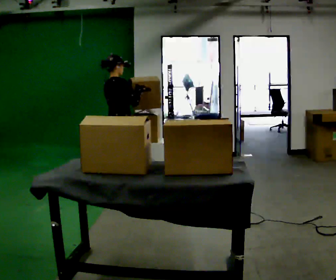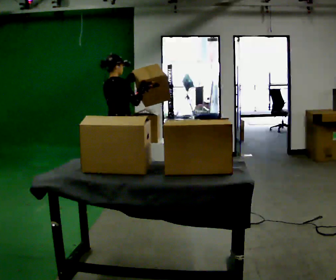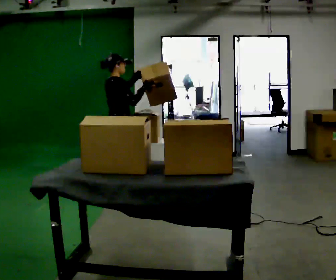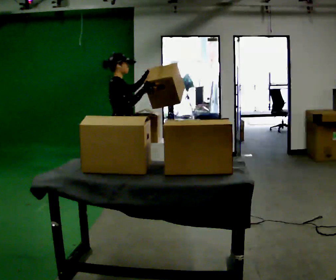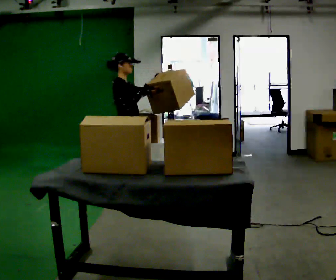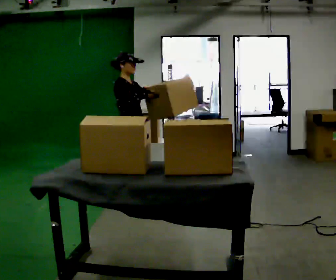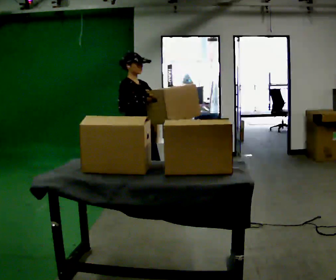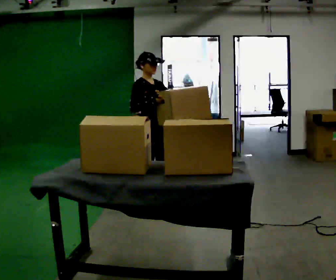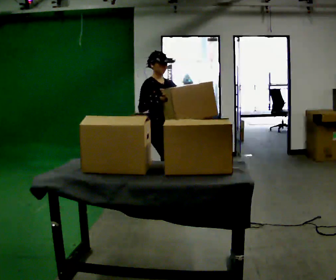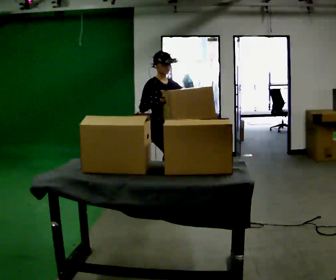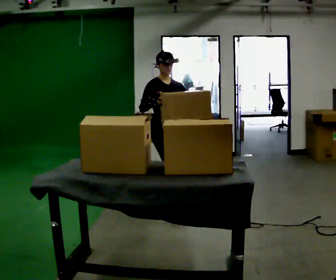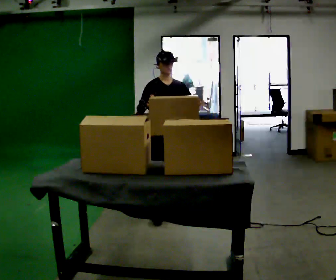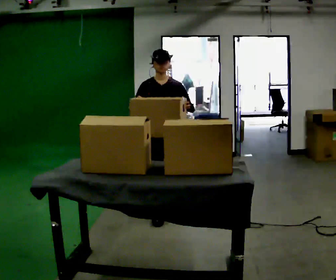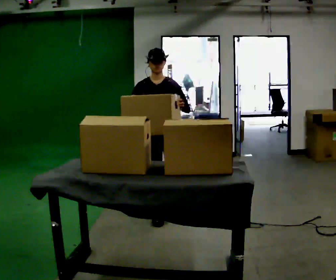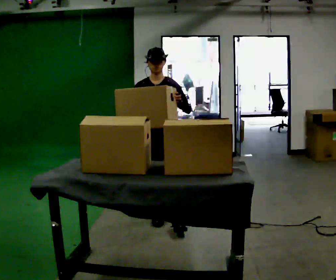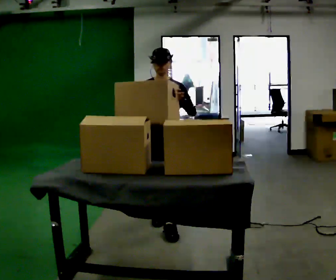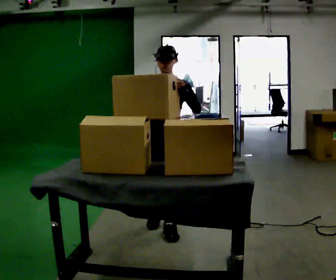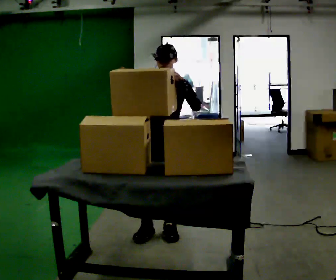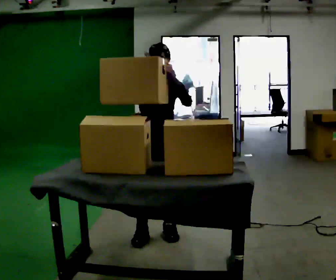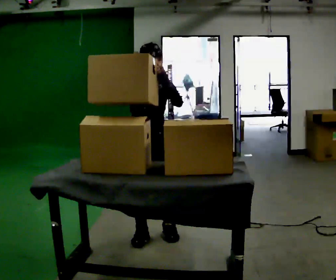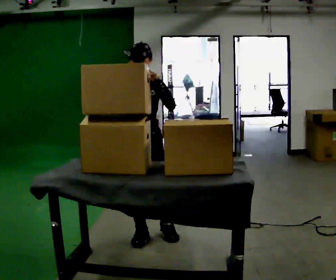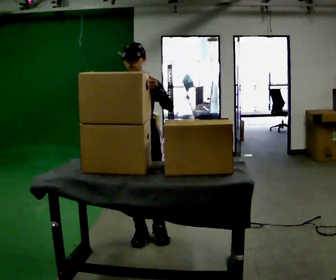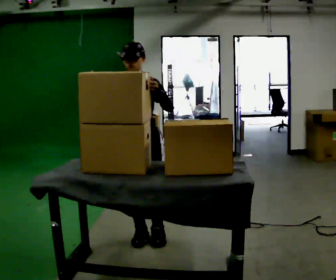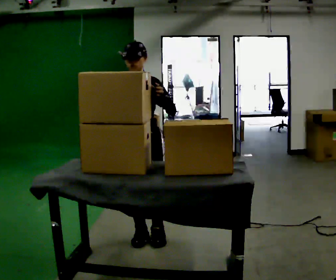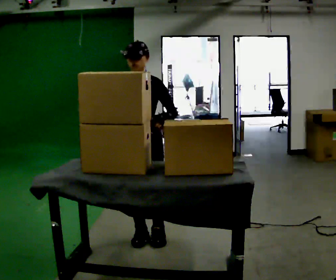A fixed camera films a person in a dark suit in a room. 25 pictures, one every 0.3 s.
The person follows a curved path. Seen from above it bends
clockwise.
The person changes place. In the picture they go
toward the camera.
0.0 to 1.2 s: The person turns about 30 degrees to their right, clockwise seen from above, so the part of the body nearest the lens slides to the left. In the picture they go toward the camera, about 0.25 m, which for them is to their right. In the picture their left hand goes to the right.
1.2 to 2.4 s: The person turns about 45 degrees to their right, clockwise seen from above, so the part of the body nearest the lens slides to the left. In the picture they go to the right, about 0.25 m in 1 step, which for them is forward.
2.4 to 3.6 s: The part of the body nearest the lens slides to the left as the person turns to their right by about 30 degrees. In the picture they go toward the camera, about 0.25 m in 1 step, which for them is forward.
3.6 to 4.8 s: In the picture they go toward the camera, about 0.5 m in 1 step, which for them is forward.
4.8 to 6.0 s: In the picture they go to the left and toward the camera, about 0.25 m in 1 step, which for them is forward and to their right.
6.0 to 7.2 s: The person moves a little, or ends about where they began.
The film runs forward here.
